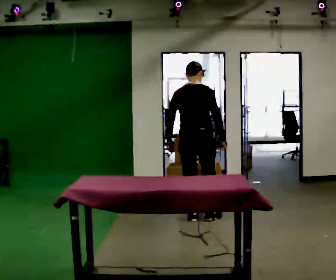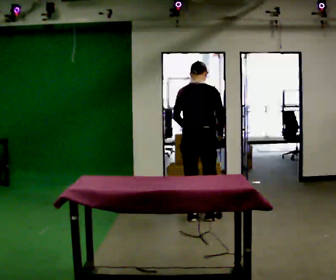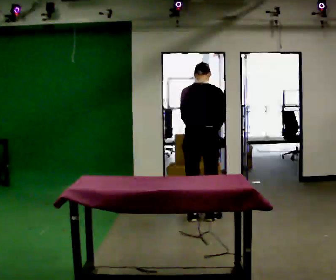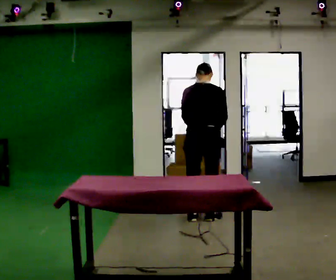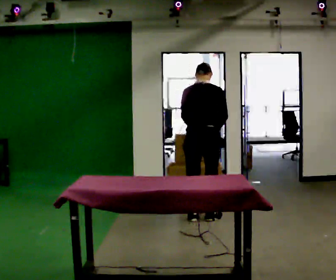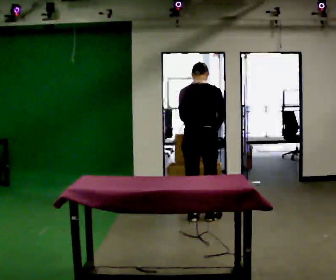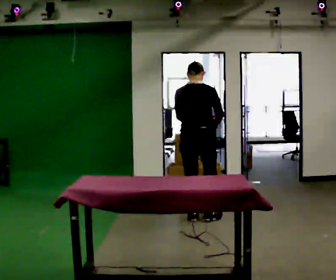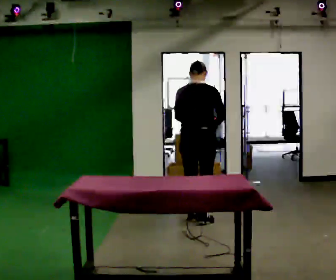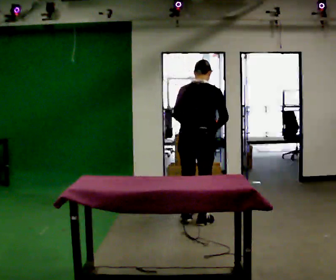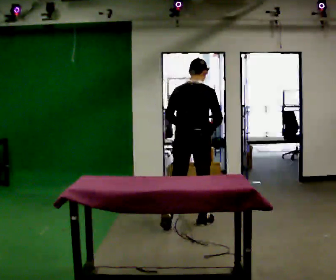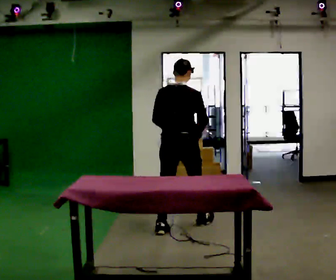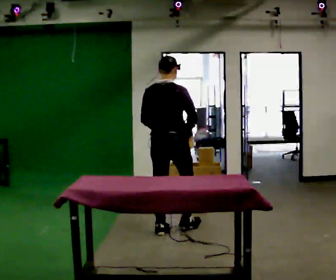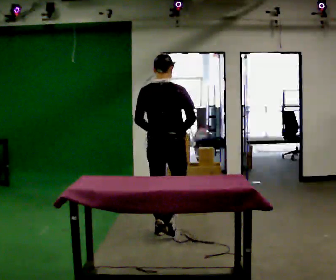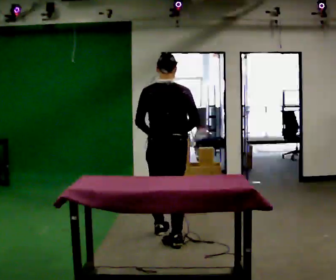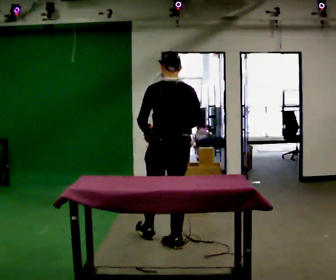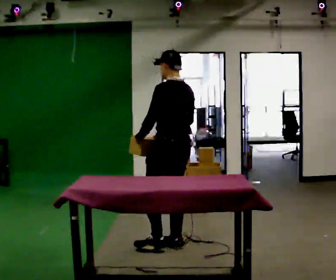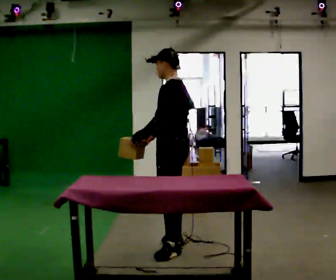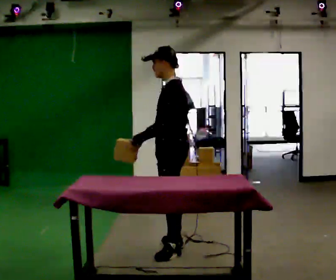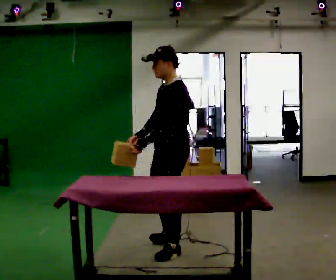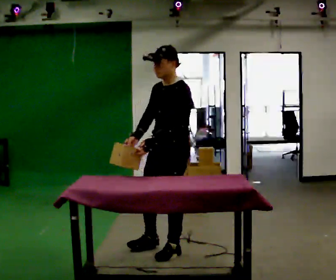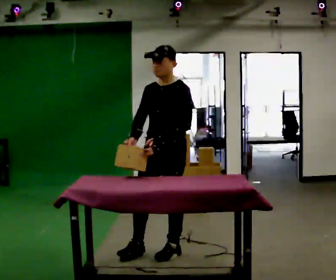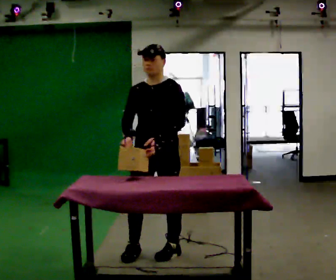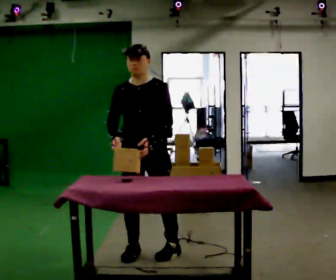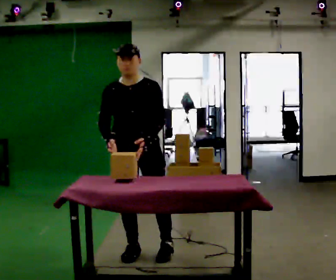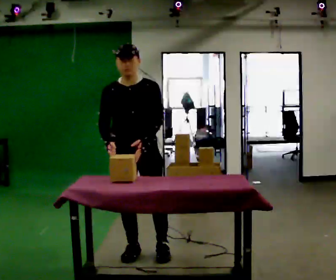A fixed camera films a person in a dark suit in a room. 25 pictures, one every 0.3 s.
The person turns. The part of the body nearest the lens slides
to the right.
The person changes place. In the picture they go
toward the camera.
0.0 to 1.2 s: The person moves a little, or ends about where they began.
1.2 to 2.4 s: In the picture they go toward the camera, about 0.25 m in 2 steps, which for them is backward.
2.4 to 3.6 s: In the picture they go toward the camera and to the left, about 0.5 m in 1 step, which for them is backward.
3.6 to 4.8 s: The part of the body nearest the lens slides to the right as the person turns to their left by about 90 degrees. In the picture they go toward the camera, about 0.5 m in 1 step.
4.8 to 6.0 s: The person turns about 60 degrees to their left, counterclockwise seen from above, so the part of the body nearest the lens slides to the right. In the picture they go toward the camera, about 0.25 m in 1 step.
6.0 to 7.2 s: The part of the body nearest the lens slides to the right as the person turns to their left by about 45 degrees. In the picture they go to the left, about 0.25 m, which for them is to their right.
The film runs backward here.
